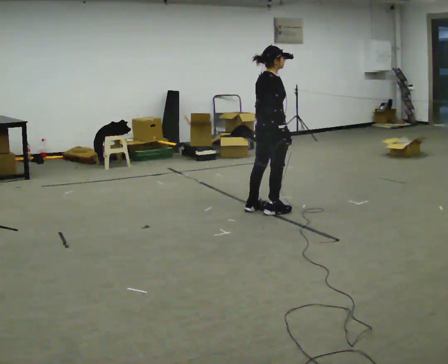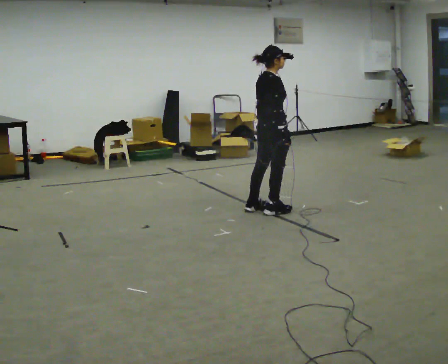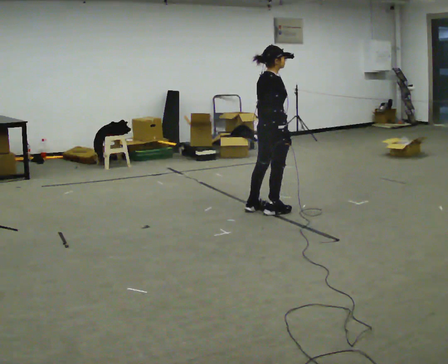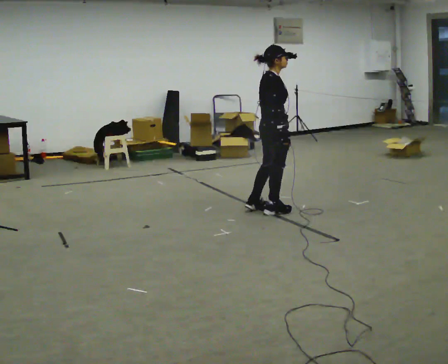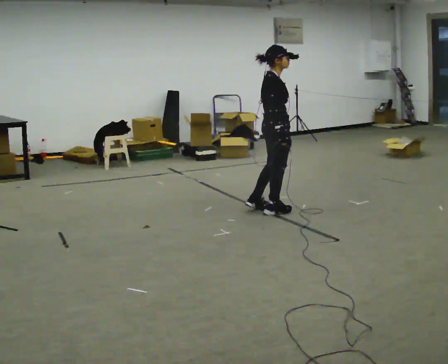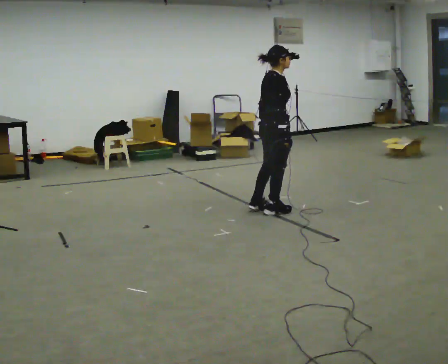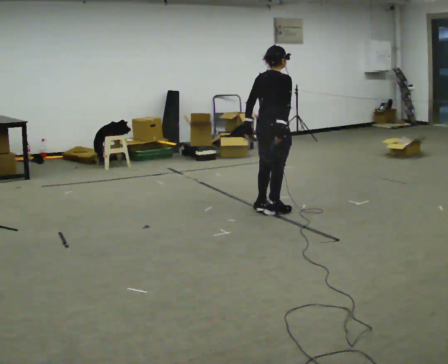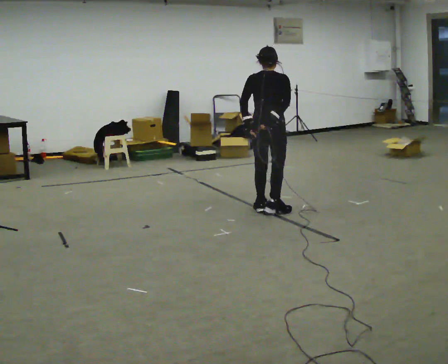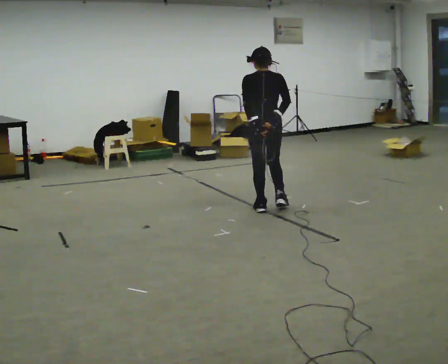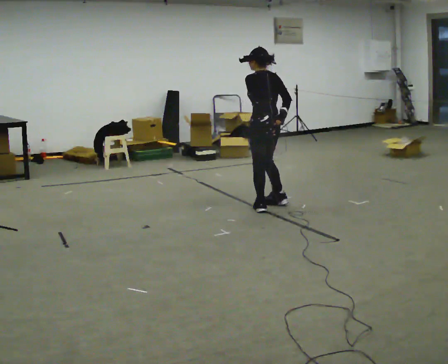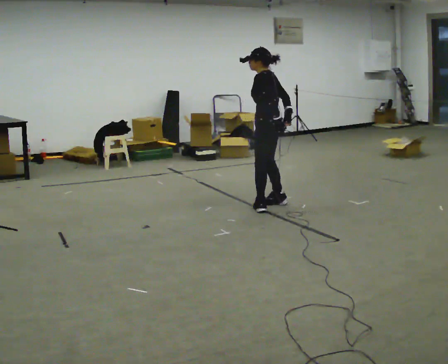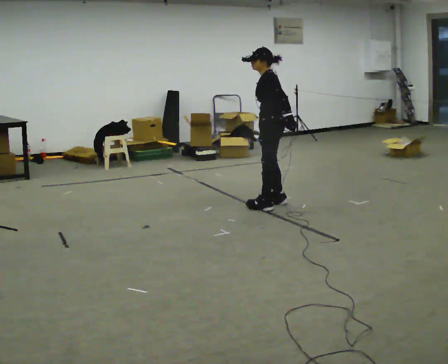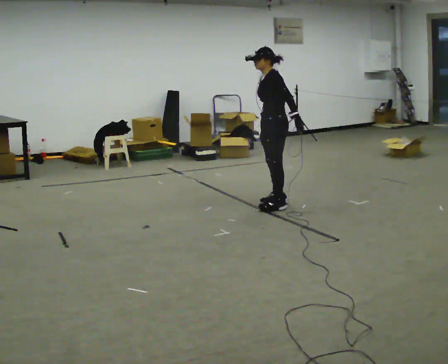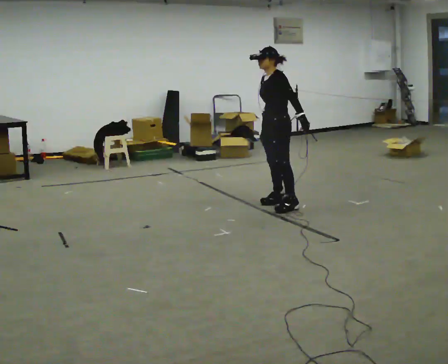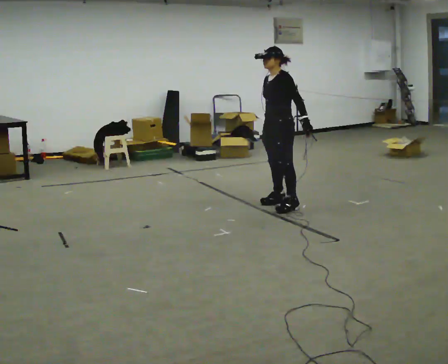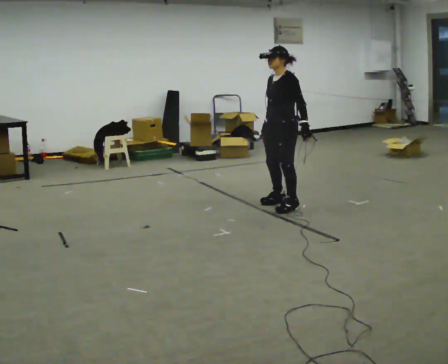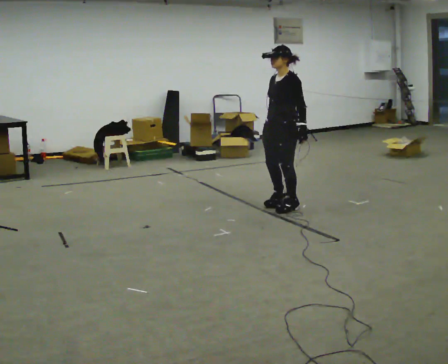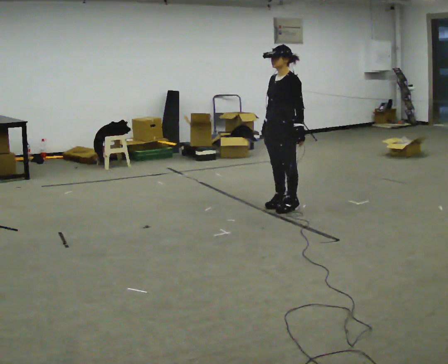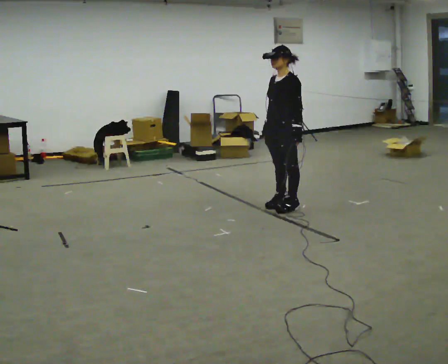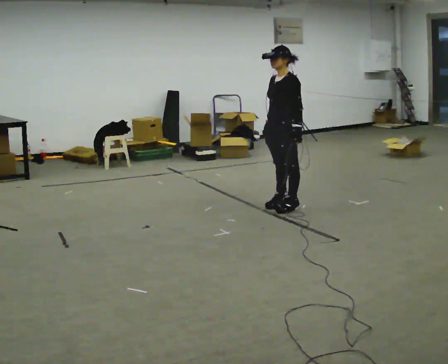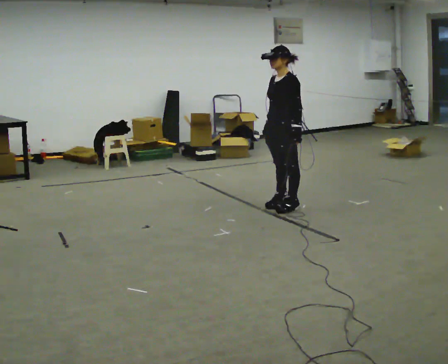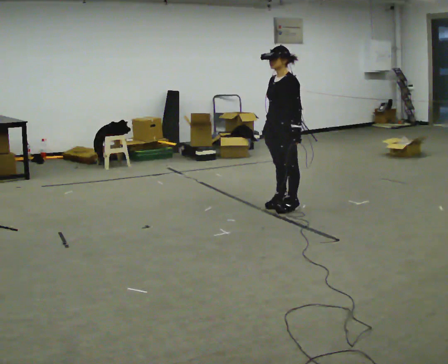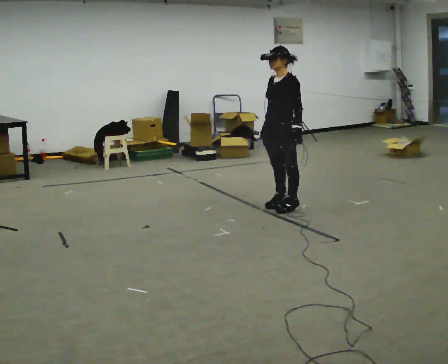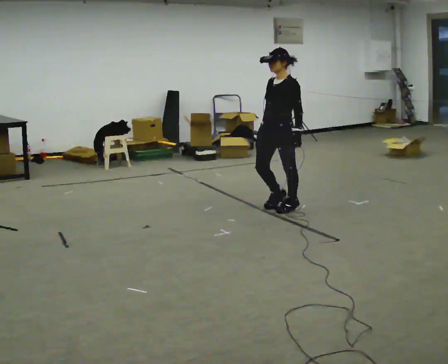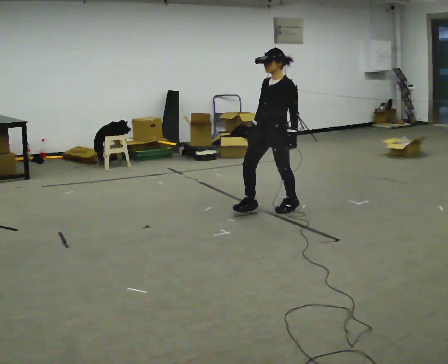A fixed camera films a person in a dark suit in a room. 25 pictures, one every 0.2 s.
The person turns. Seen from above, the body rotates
counterclockwise.
The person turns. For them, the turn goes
to their left.
0.0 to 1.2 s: The part of the body nearest the lens slides to the right as the person turns to their left by about 30 degrees.
1.2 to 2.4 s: Seen from above the body turns counterclockwise, about 135 degrees: to their left, with its near side sliding to the right. In the picture they go away from the camera, about 0.25 m in 1 step. In the picture their left hand goes to the right, the arm swinging counterclockwise.
2.4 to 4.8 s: The person turns about 30 degrees to their left, counterclockwise seen from above, so the part of the body nearest the lens slides to the right. In the picture they go toward the camera, about 0.25 m in 1 step, which for them is forward and to their left. In the picture the upper body tilts clockwise, shoulders to the right, as they lean back or straighten.
The film runs forward here.
